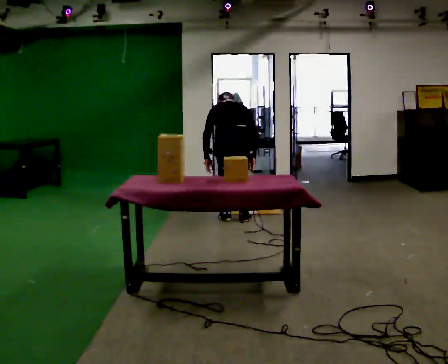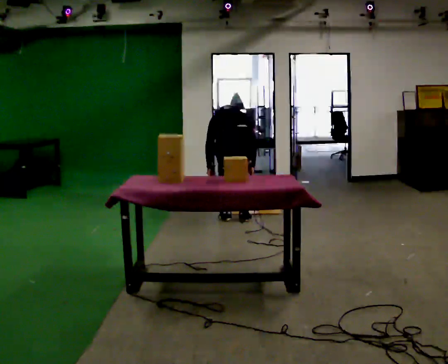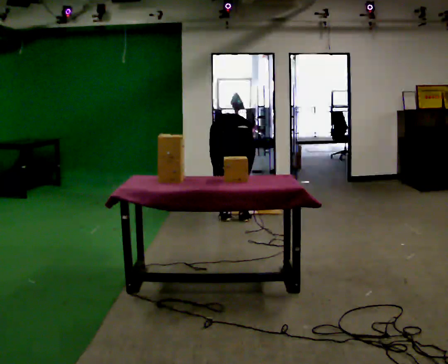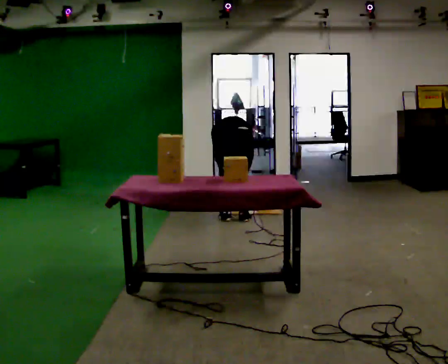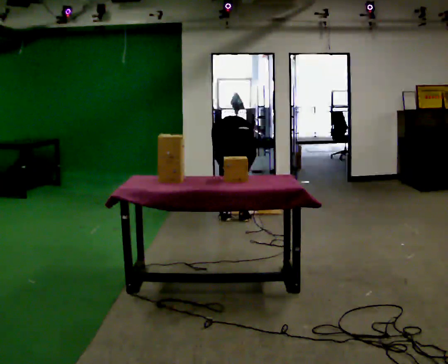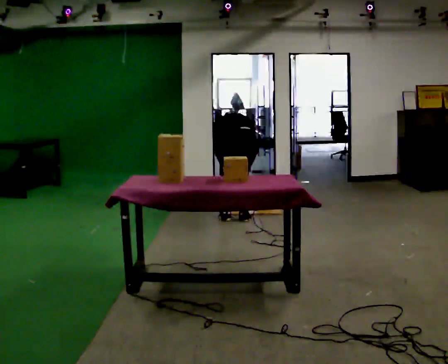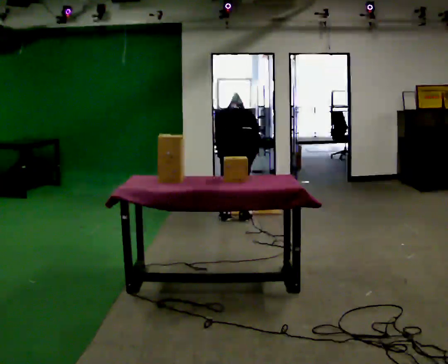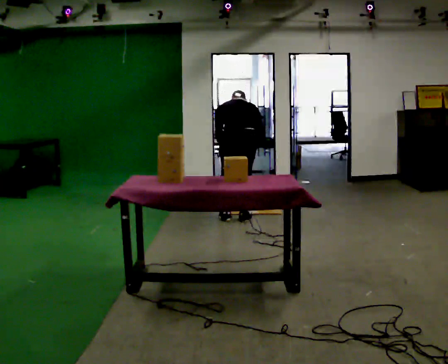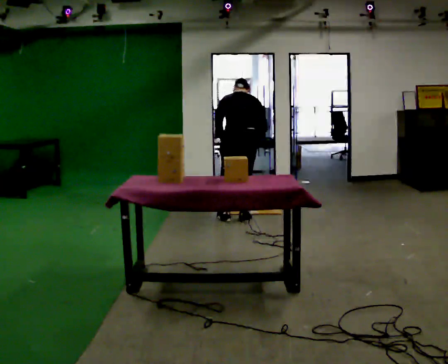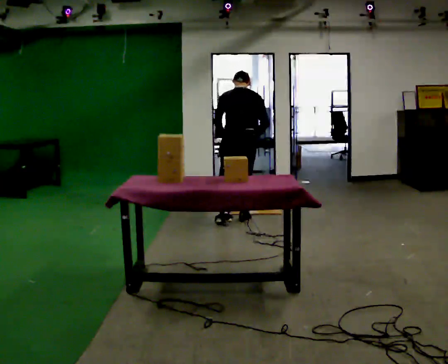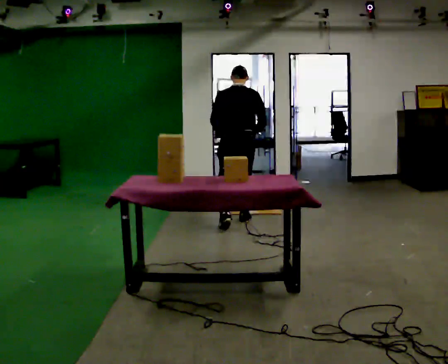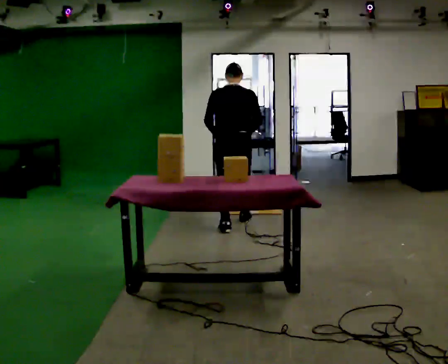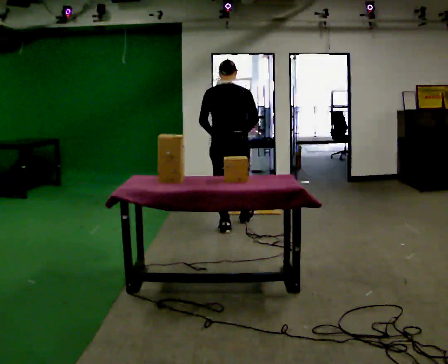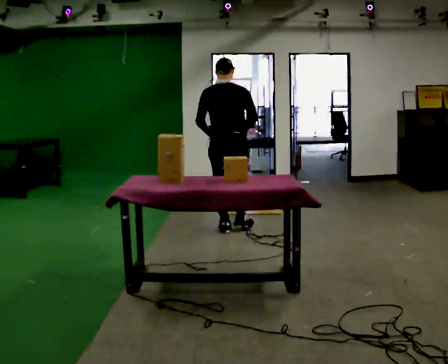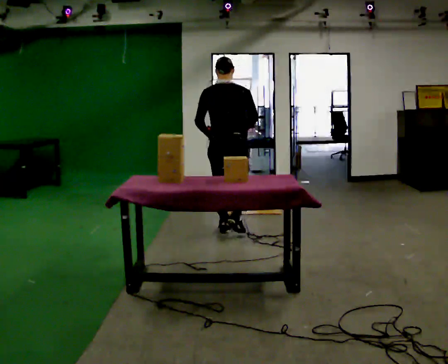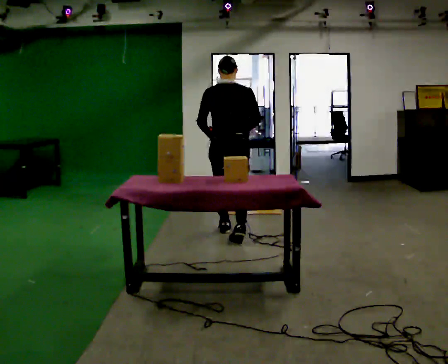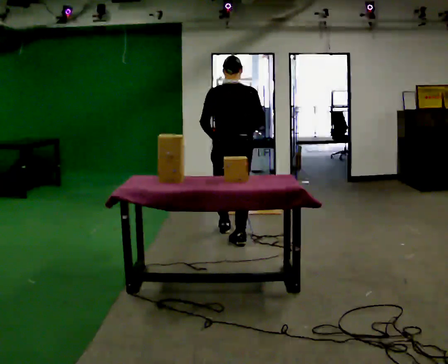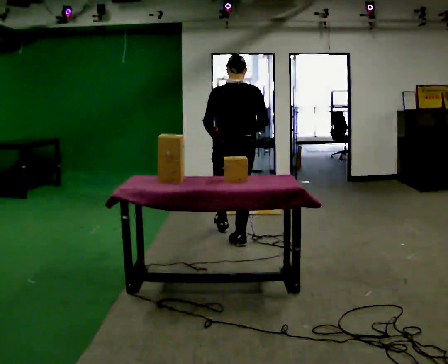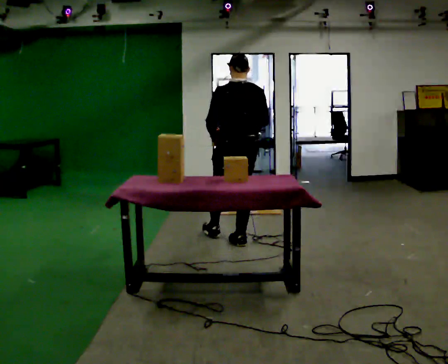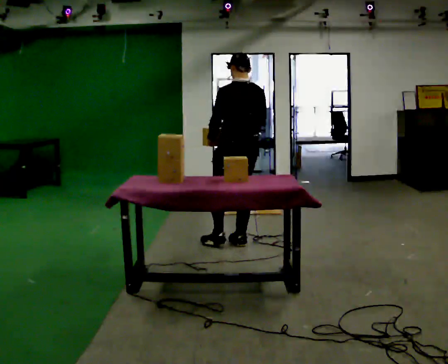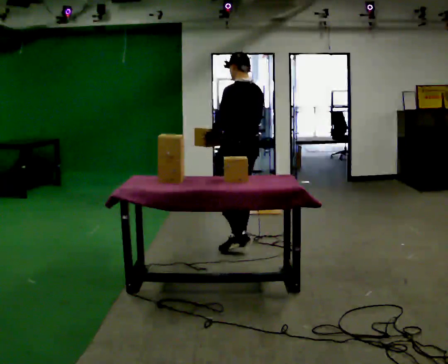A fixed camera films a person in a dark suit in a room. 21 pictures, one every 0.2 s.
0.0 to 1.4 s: The person moves a little, or ends about where they began.
1.4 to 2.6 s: In the picture they go toward the camera, about 0.25 m in 2 steps, which for them is backward and to their left. The upper body goes upward. The upper body tips toward the camera, its near side rolling downward, as they lean back or straighten.
2.6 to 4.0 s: Seen from above the body turns counterclockwise, about 45 degrees: to their left, with its near side sliding to the right. In the picture they go toward the camera, about 0.5 m in 1 step, which for them is backward.
The film runs backward here.
